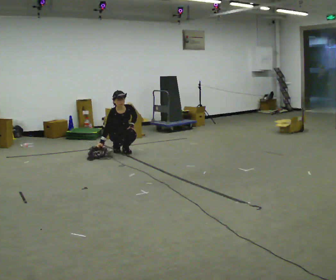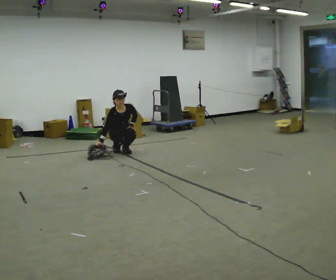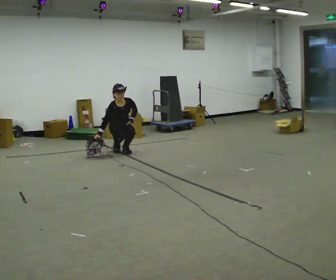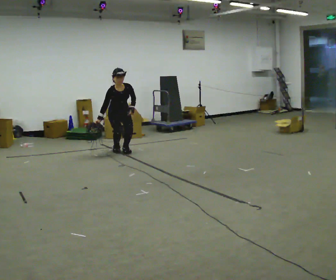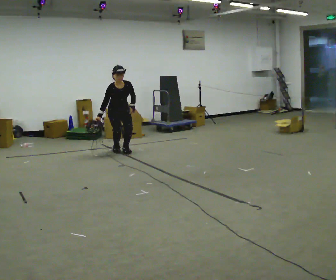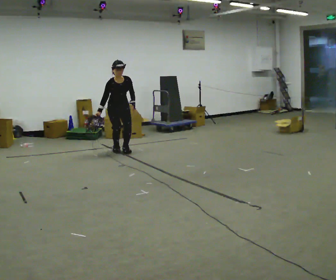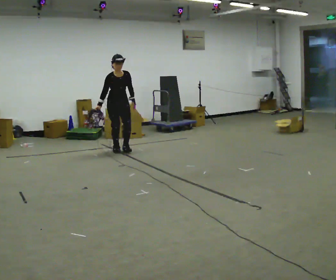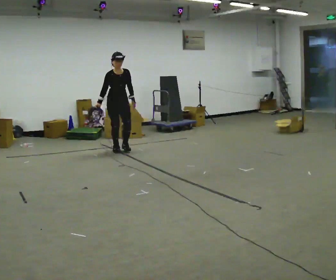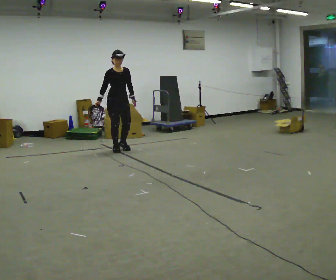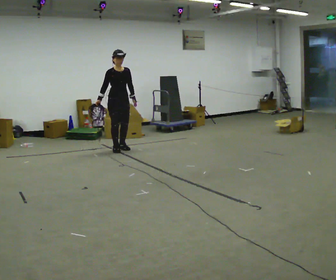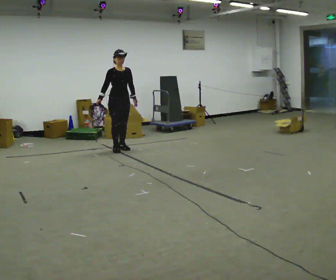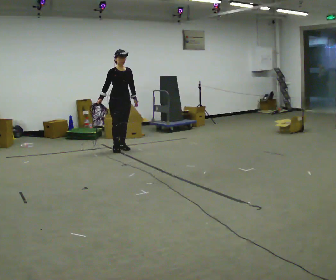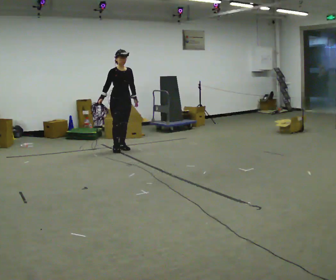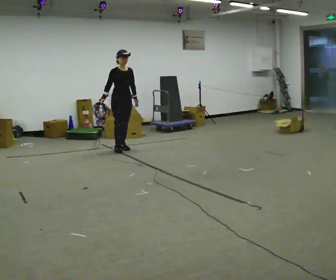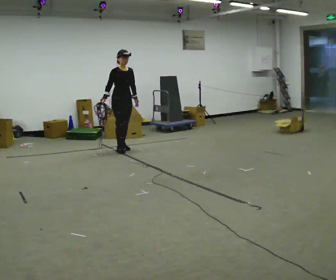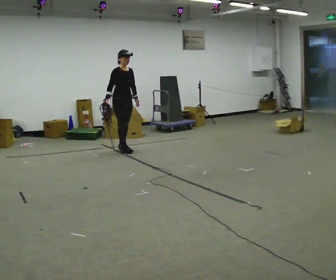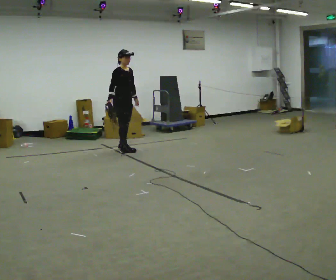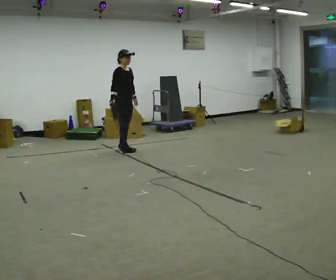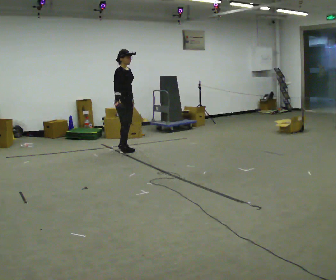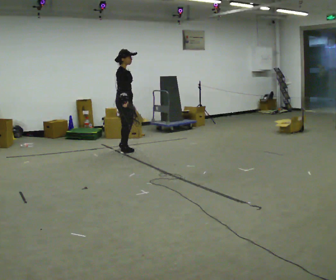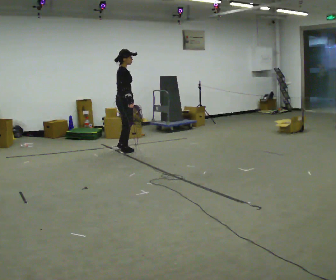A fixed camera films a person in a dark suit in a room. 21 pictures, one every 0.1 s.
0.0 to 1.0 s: The upper body goes upward. The upper body tips away from the camera, its near side rolling upward, as they lean back or straighten. In the picture their left hand goes upward.
1.0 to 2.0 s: Seen from above the body turns counterclockwise, about 75 degrees: to their left, with its near side sliding to the right. In the picture their right hand goes to the right, the arm swinging counterclockwise.
The film runs backward here.
